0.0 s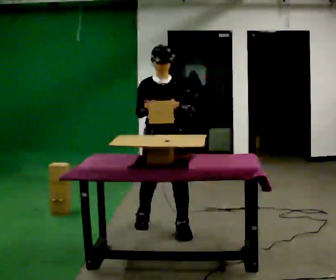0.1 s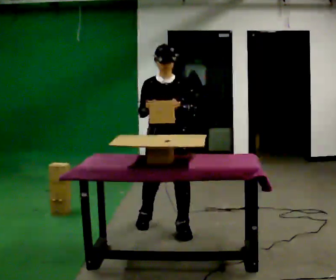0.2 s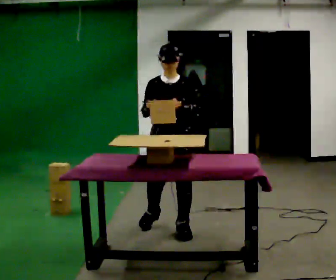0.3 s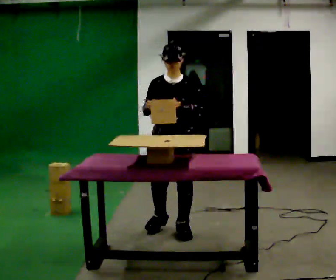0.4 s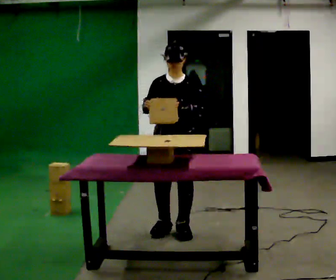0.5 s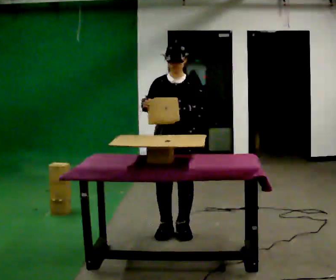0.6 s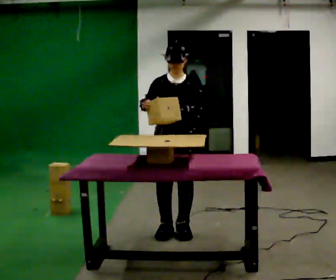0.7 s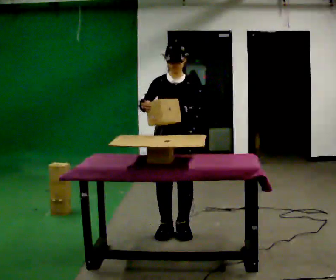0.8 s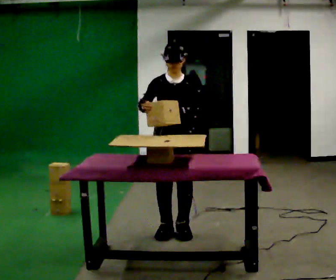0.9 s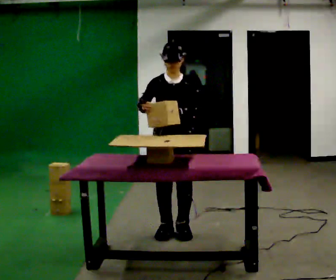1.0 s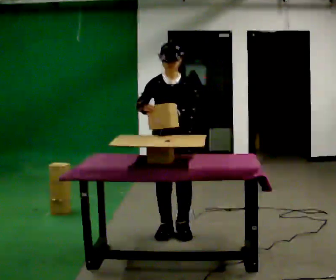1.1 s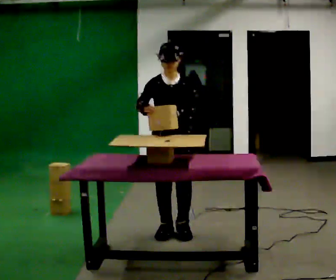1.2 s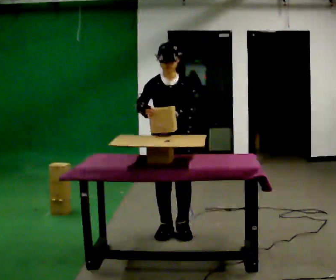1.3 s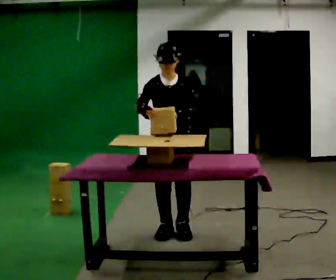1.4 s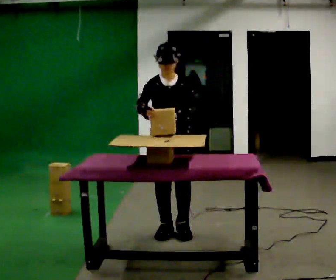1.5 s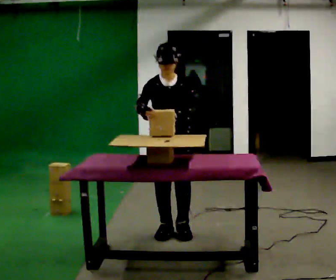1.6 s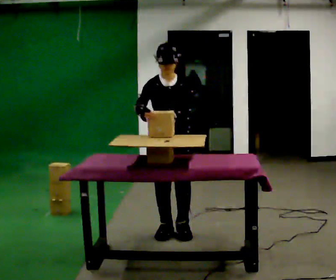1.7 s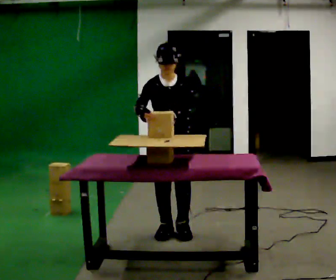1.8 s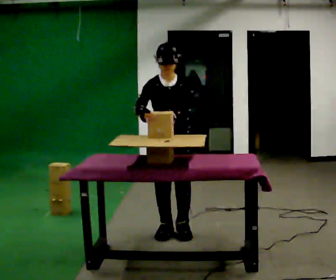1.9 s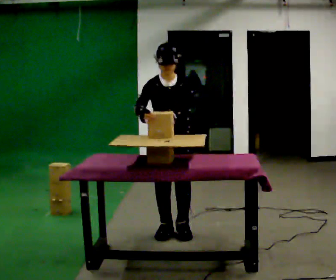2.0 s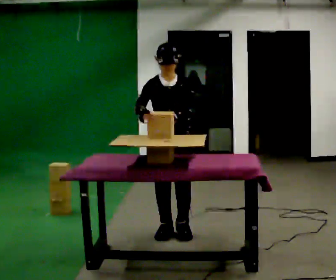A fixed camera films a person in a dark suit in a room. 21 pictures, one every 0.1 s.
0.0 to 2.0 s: The upper body tips toward the camera, its near side rolling downward, as they bend forward.
The film runs forward here.
